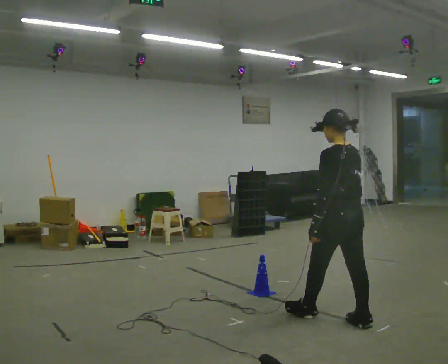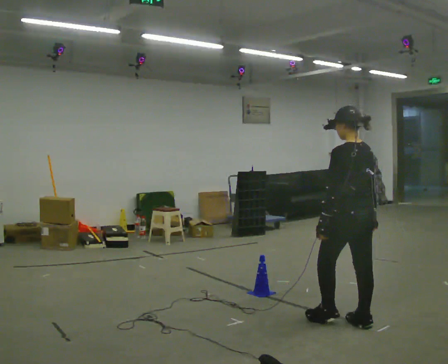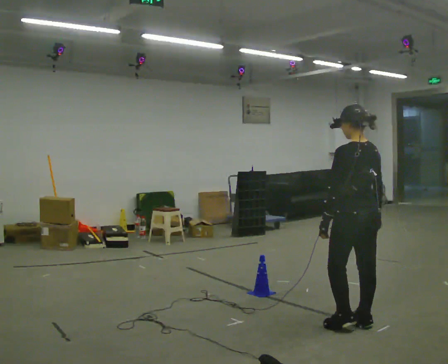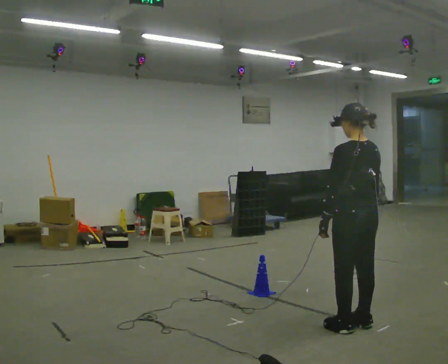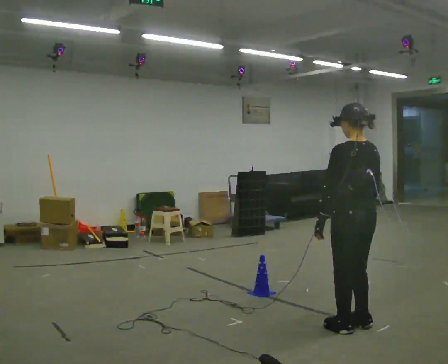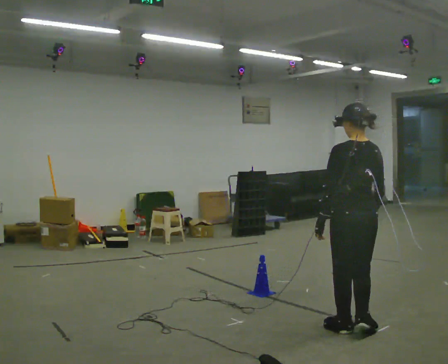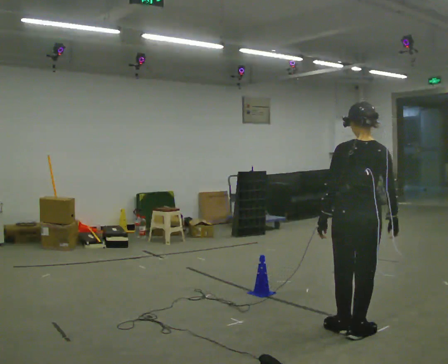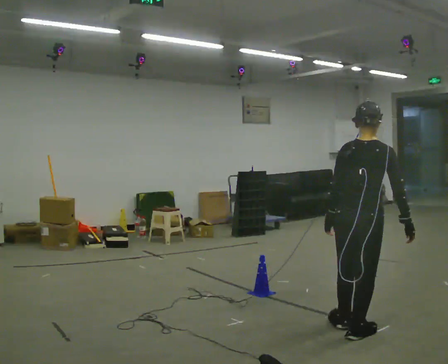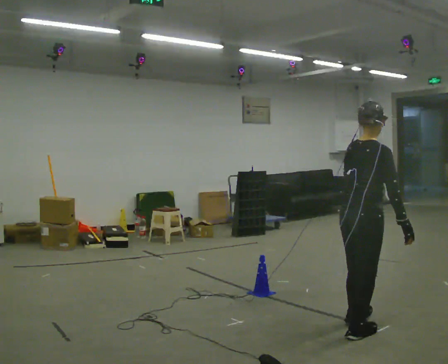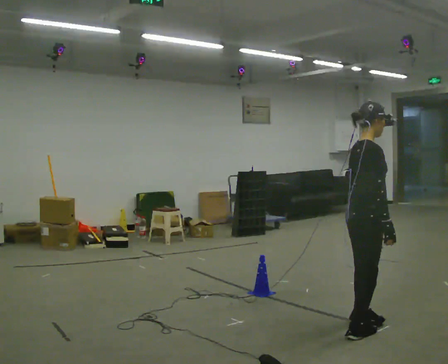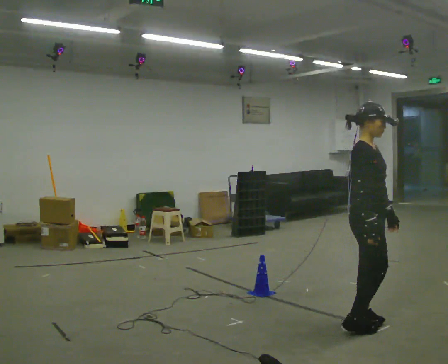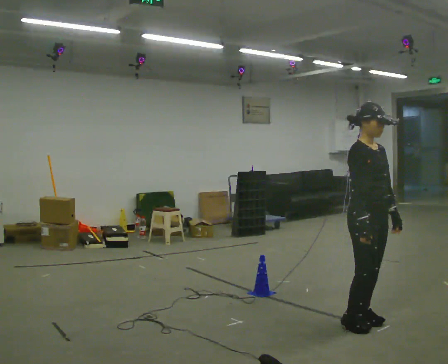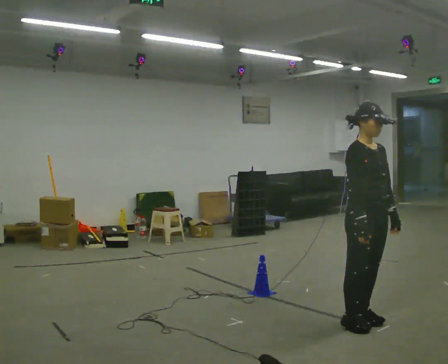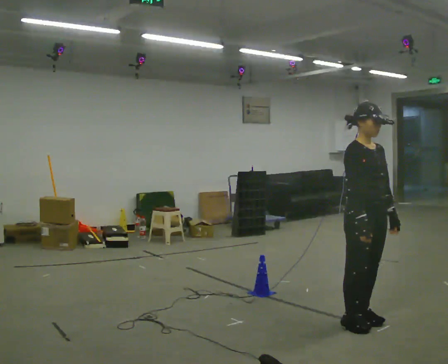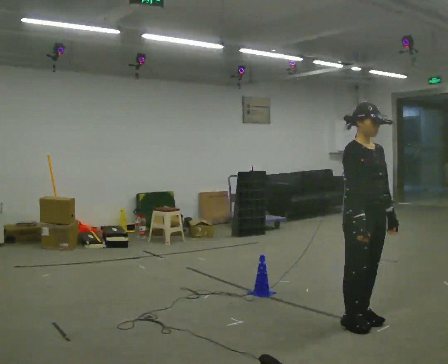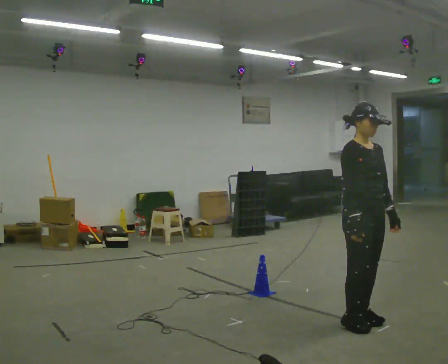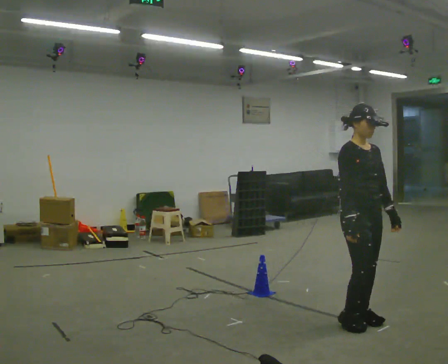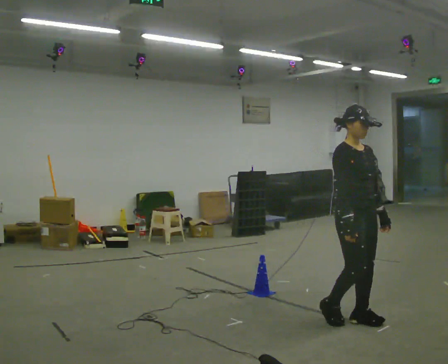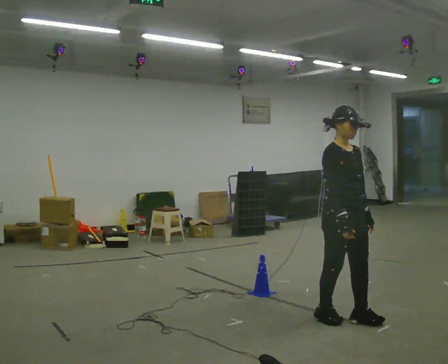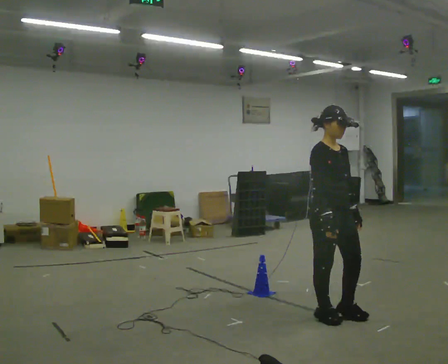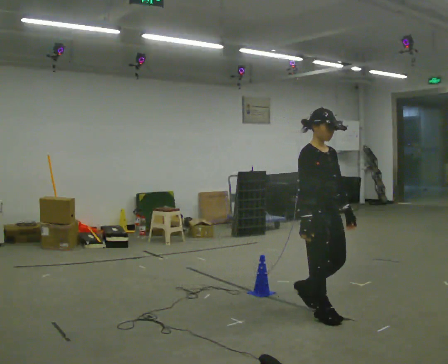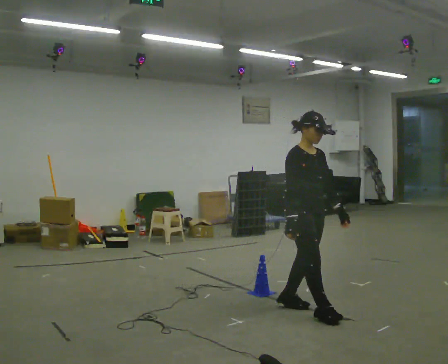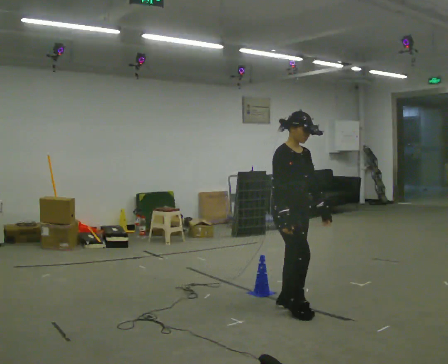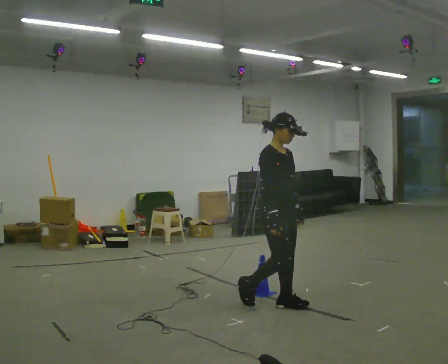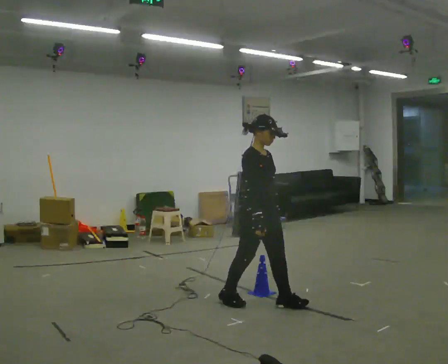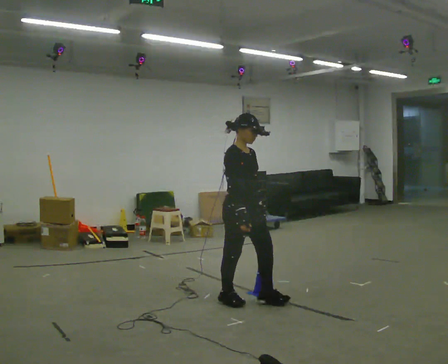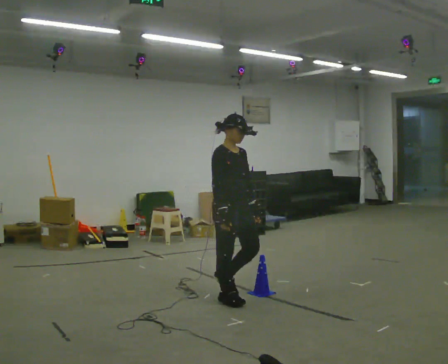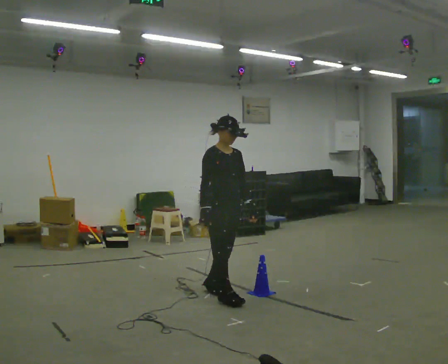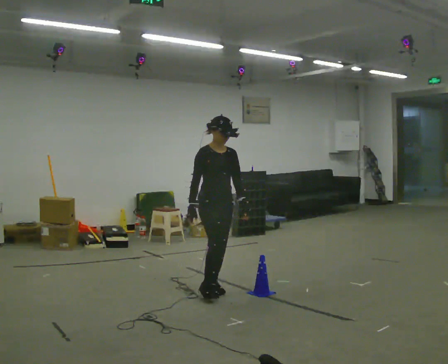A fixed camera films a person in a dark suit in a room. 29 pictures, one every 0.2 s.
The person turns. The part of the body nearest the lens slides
to the left.
The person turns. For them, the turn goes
to their right.
0.0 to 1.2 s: Seen from above the body turns clockwise, about 30 degrees: to their right, with its near side sliding to the left. In the picture they go toward the camera, about 0.25 m in 2 steps, which for them is backward.
1.2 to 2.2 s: The part of the body nearest the lens slides to the left as the person turns to their right by about 135 degrees. In the picture they go away from the camera, about 0.25 m in 2 steps. In the picture their left hand goes to the right, the arm swinging counterclockwise.
2.2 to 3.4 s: The person moves a little, or ends about where they began.
3.4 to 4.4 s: In the picture they go to the left and away from the camera, about 0.5 m in 2 steps, which for them is backward.
4.4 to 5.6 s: In the picture they go to the left and away from the camera, about 1 m in 2 steps, which for them is backward.
The film runs backward here.
